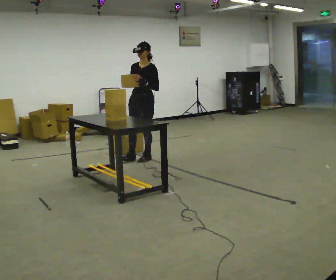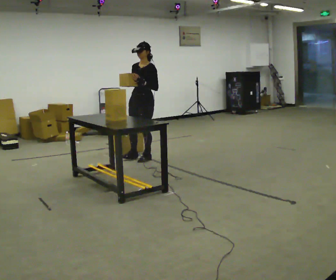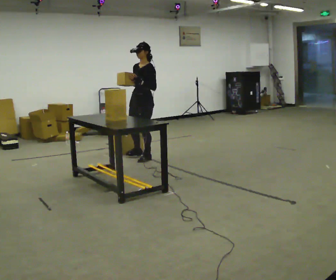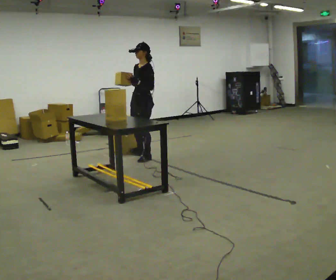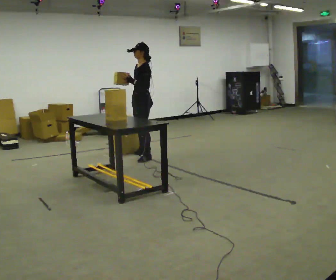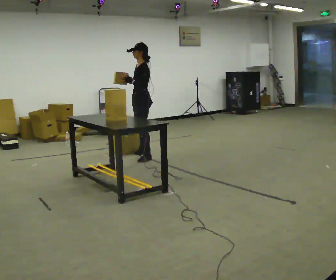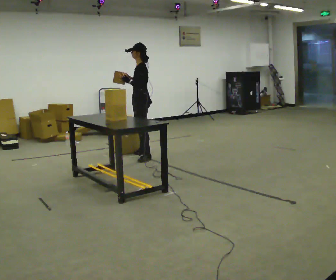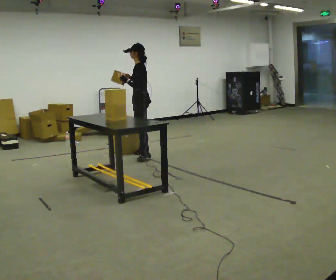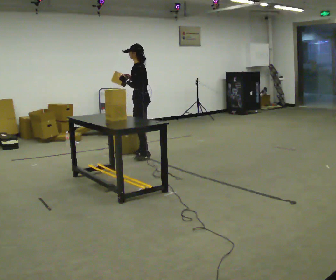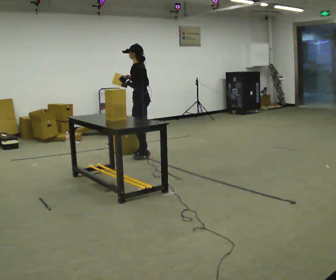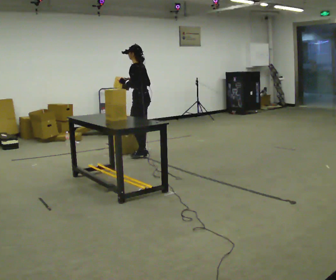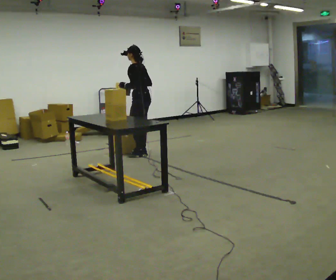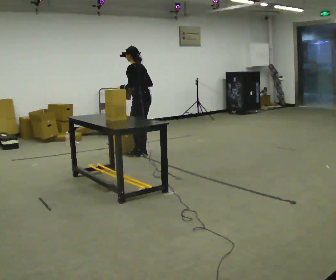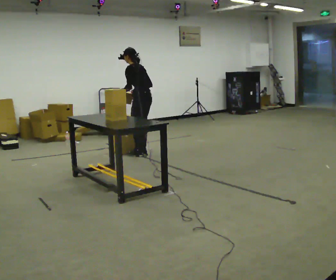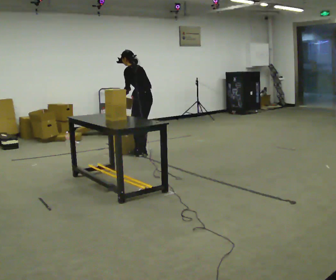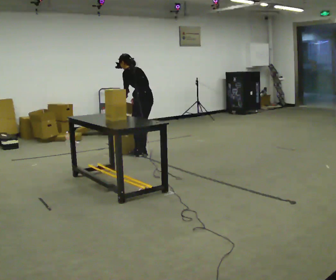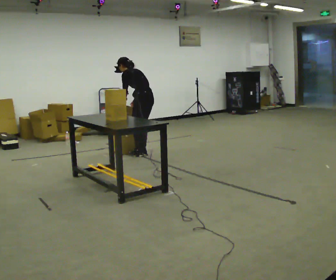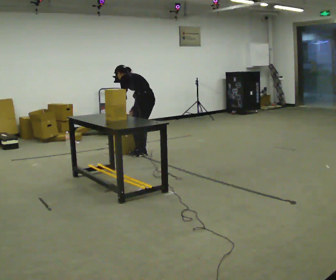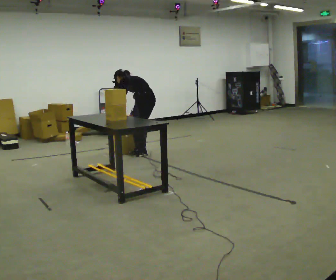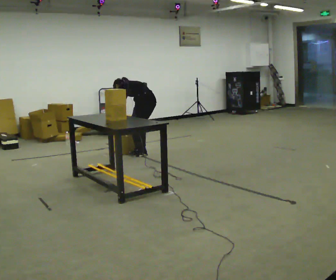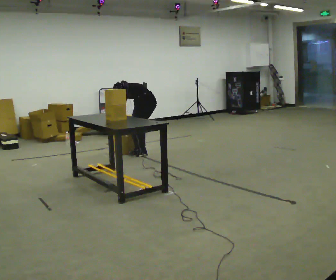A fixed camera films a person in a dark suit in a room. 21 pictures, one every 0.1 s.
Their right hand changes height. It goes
downward.
Their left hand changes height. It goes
downward.
0.0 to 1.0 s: The person turns about 75 degrees to their right, clockwise seen from above, so the part of the body nearest the lens slides to the left. In the picture they go away from the camera, about 0.25 m in 1 step.
1.0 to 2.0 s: The upper body goes downward. The upper body tips away from the camera, its near side rolling upward, as they bend forward. In the picture their right hand goes downward.
The film runs backward here.
